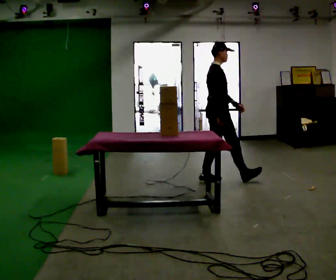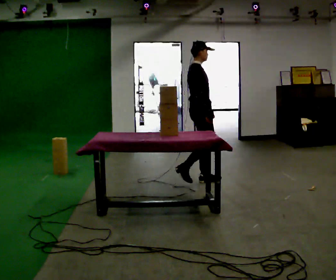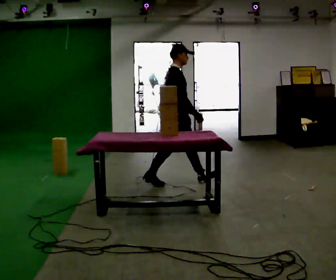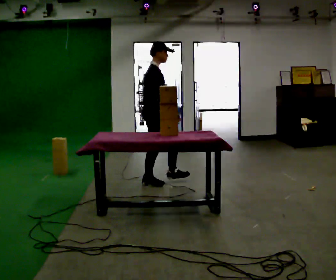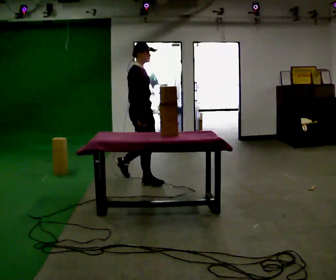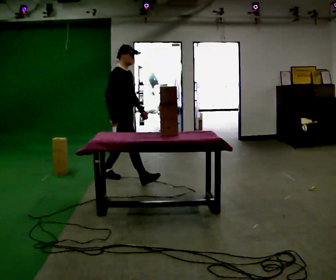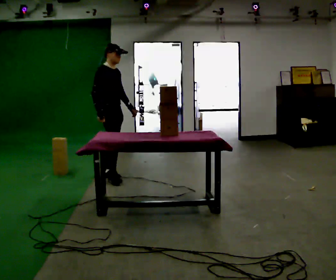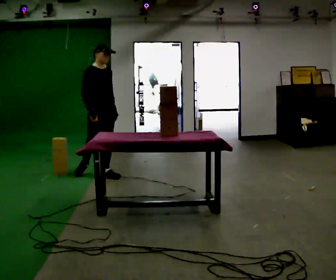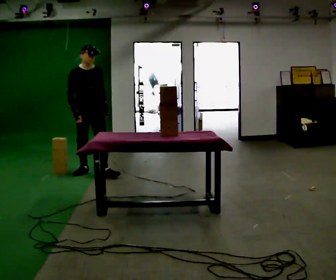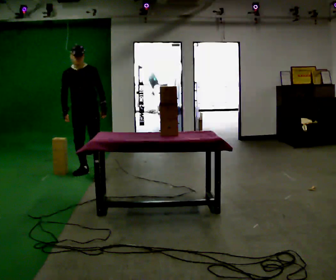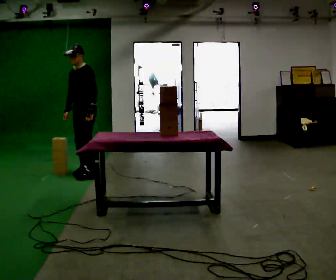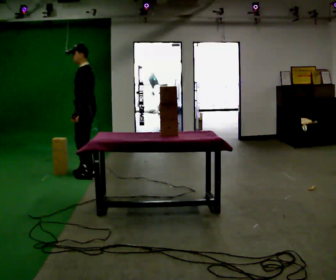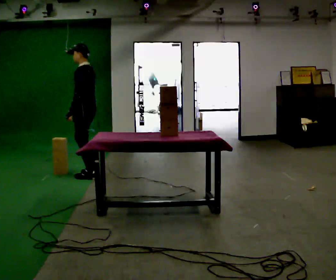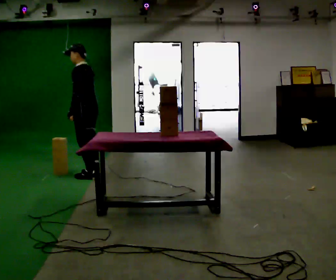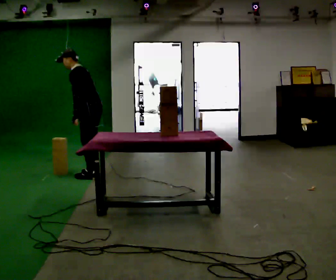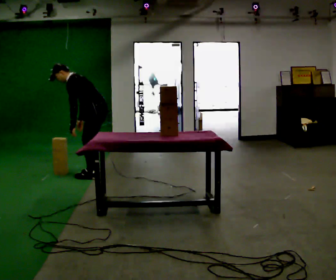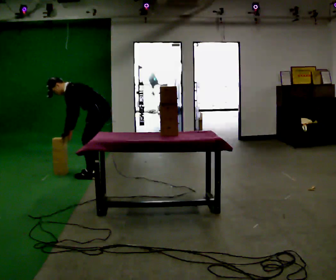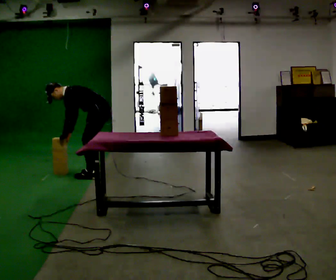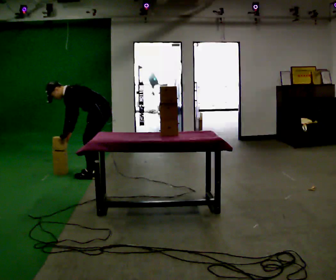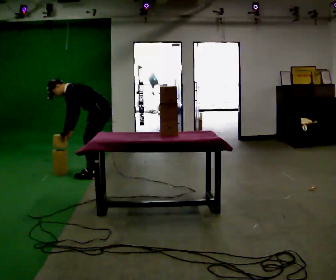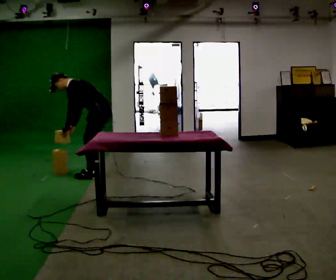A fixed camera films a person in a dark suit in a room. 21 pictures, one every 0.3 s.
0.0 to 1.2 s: In the picture they go to the left, about 1 m in 1 step, which for them is backward.
1.2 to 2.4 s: The part of the body nearest the lens slides to the left as the person turns to their right by about 45 degrees. In the picture they go to the left and away from the camera, about 1 m in 1 step, which for them is backward.
2.4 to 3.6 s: The part of the body nearest the lens slides to the left as the person turns to their right by about 120 degrees. In the picture their left hand goes to the left, the arm swinging clockwise.
3.6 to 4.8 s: In the picture they go to the right, about 0.25 m, which for them is backward. The upper body goes downward. In the picture the upper body tilts counterclockwise, shoulders to the left, as they bend forward.
4.8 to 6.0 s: The person moves a little, or ends about where they began.
The film runs backward here.
